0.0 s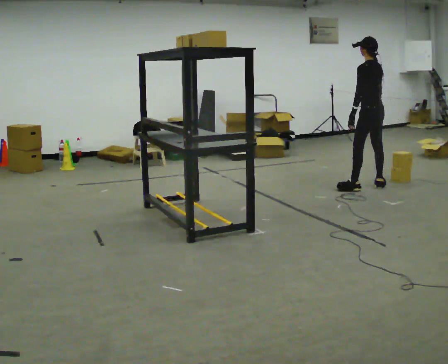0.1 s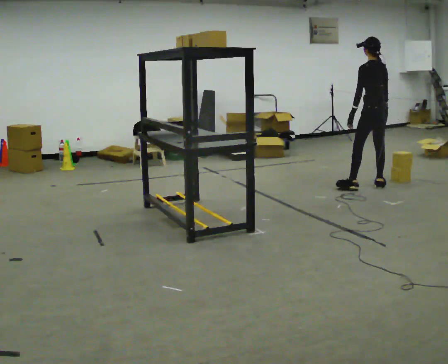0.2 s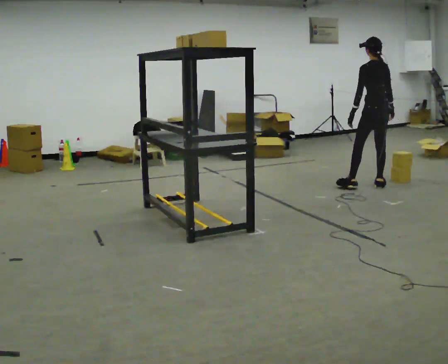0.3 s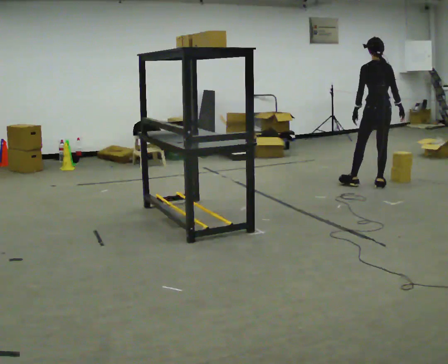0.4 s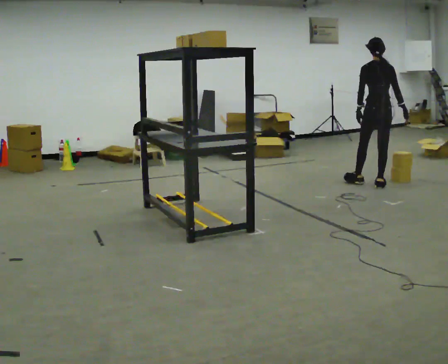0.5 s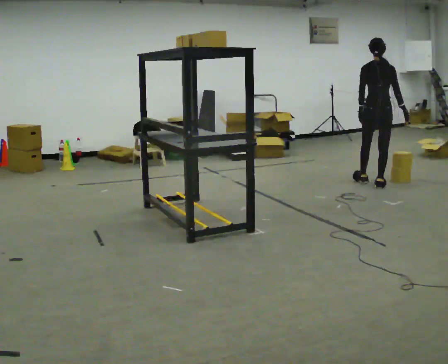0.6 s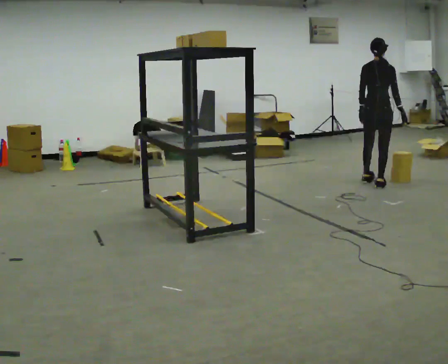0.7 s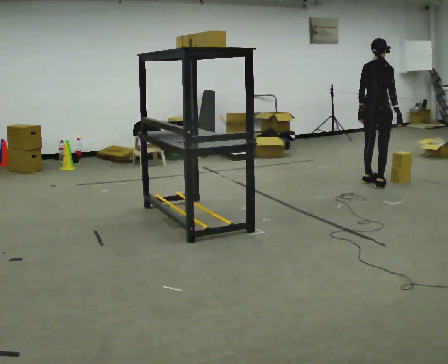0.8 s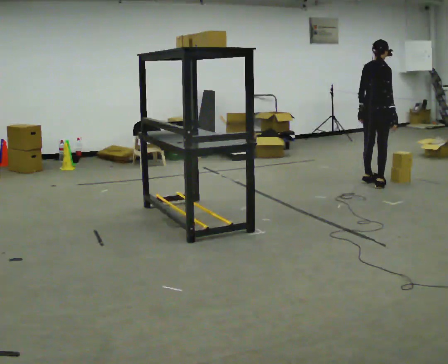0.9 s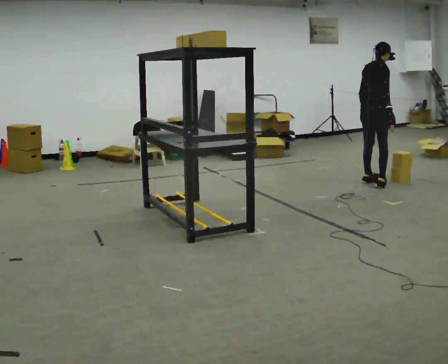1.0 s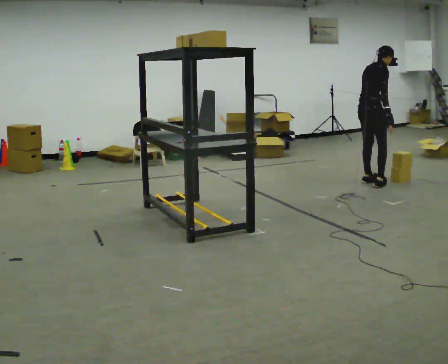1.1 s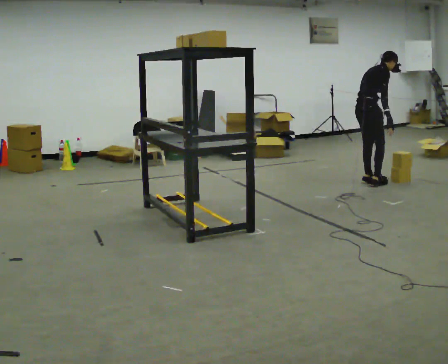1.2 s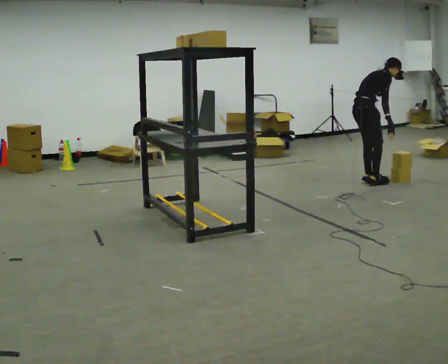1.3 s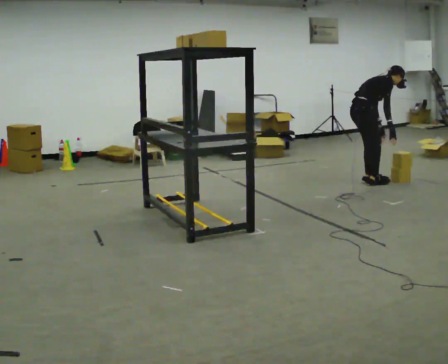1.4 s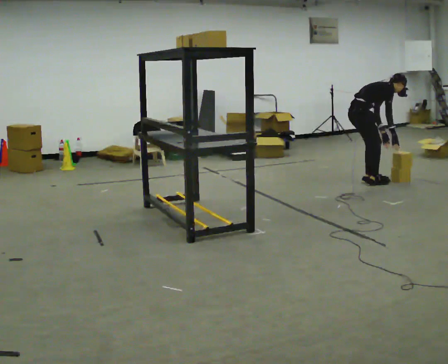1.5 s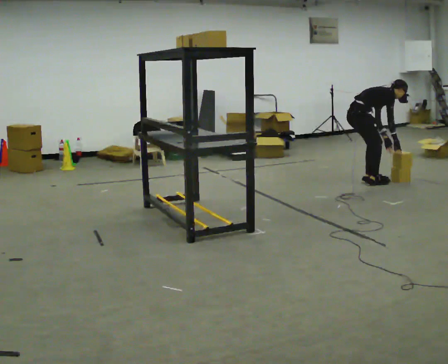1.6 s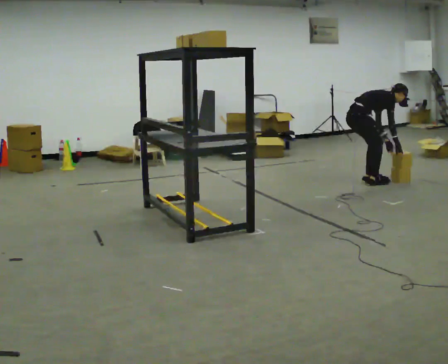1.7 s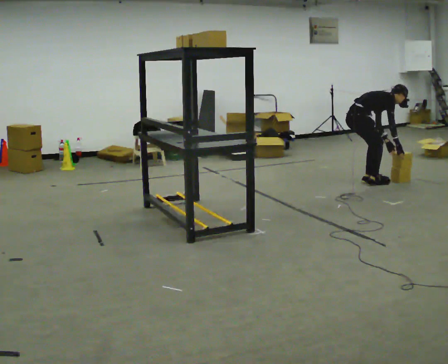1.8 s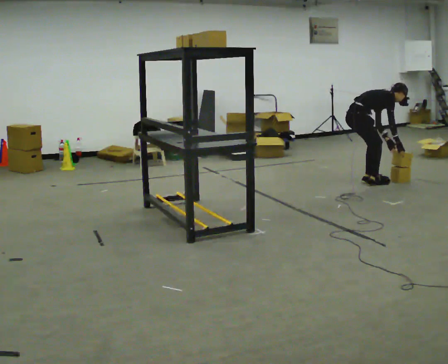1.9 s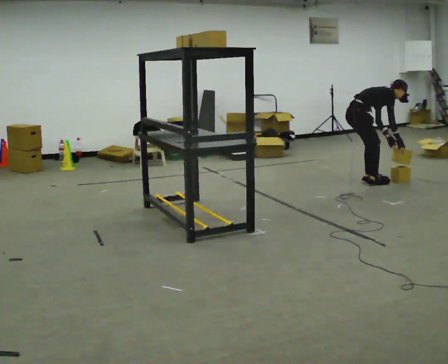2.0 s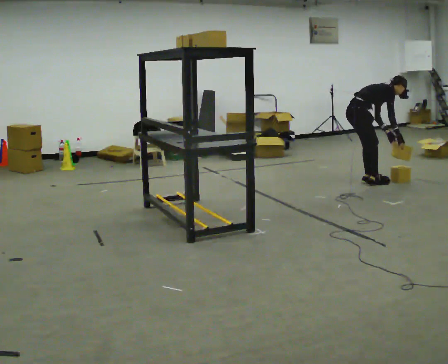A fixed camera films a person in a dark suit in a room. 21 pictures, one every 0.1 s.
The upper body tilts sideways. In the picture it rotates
clockwise.
The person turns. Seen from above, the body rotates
clockwise.
0.0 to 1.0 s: The person turns about 105 degrees to their right, clockwise seen from above, so the part of the body nearest the lens slides to the left. In the picture they go away from the camera, about 0.25 m in 1 step. In the picture the upper body tilts clockwise, shoulders to the right.
1.0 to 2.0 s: In the picture the upper body tilts clockwise, shoulders to the right, as they bend forward.
The film runs backward here.
